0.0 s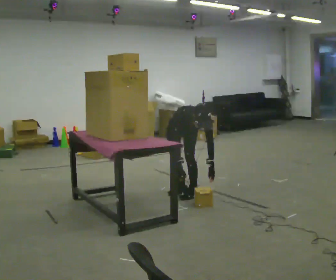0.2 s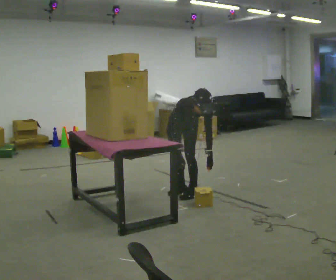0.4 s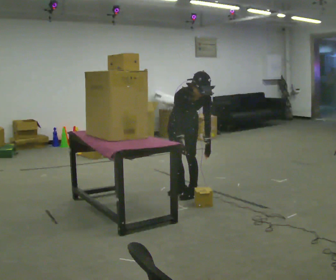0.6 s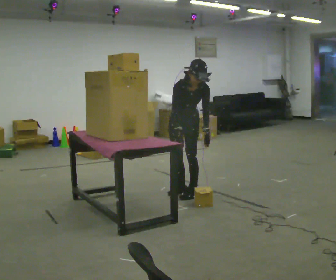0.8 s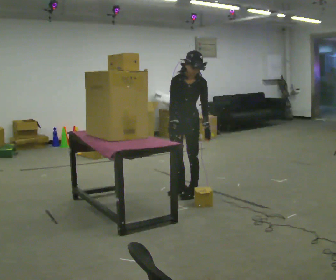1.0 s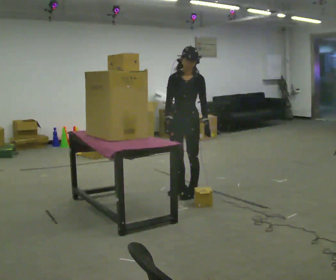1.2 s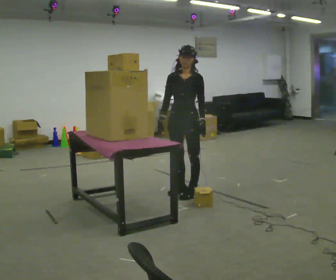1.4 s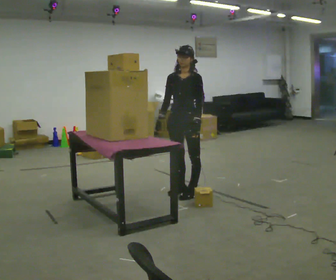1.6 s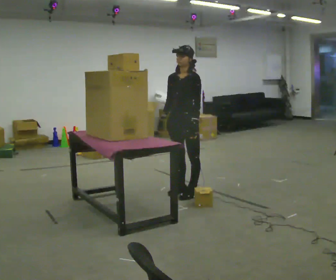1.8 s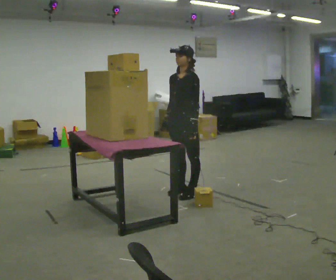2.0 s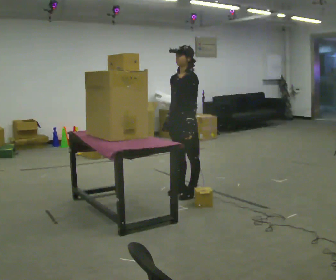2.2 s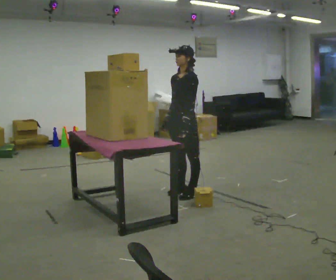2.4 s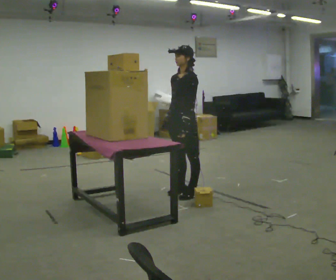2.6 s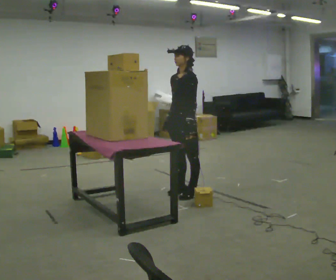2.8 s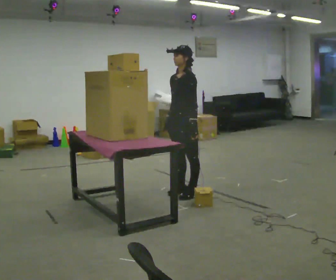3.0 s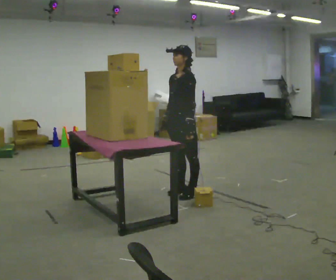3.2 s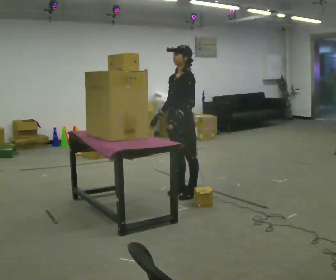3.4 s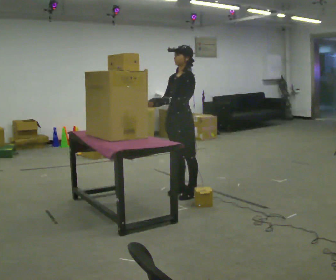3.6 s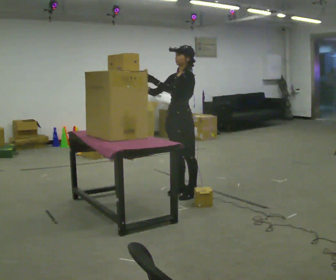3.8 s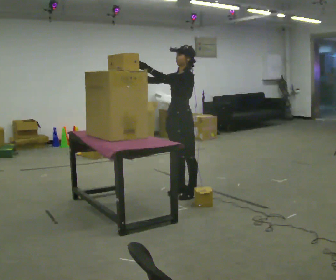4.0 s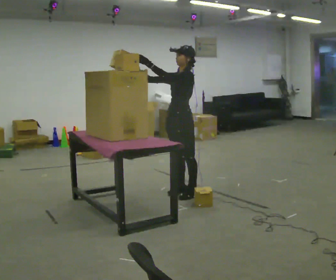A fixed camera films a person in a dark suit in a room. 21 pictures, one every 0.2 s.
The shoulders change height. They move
upward.
Their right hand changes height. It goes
upward.
0.0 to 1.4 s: The part of the body nearest the lens slides to the left as the person turns to their right by about 30 degrees. The upper body goes upward. The upper body tips away from the camera, its near side rolling upward, as they lean back or straighten. In the picture their right hand goes upward.
1.4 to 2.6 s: The person turns about 30 degrees to their right, clockwise seen from above, so the part of the body nearest the lens slides to the left.
2.6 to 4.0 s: In the picture their left hand goes upward and to the left.
The film runs backward here.
